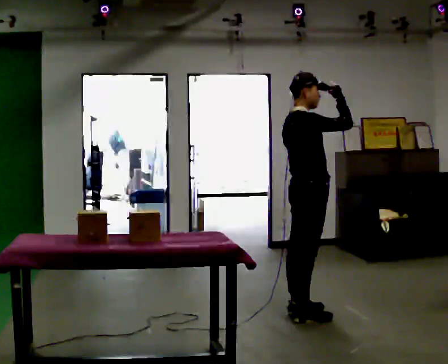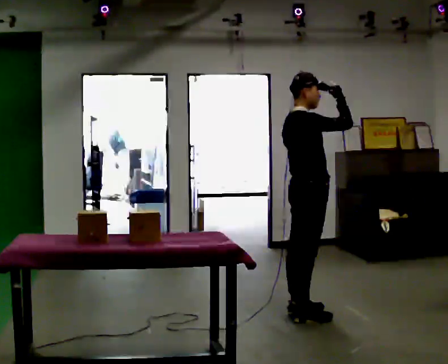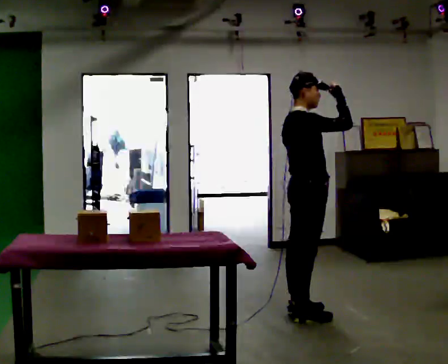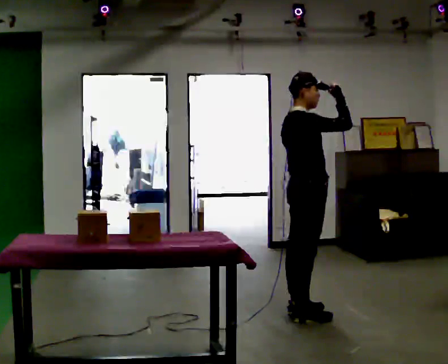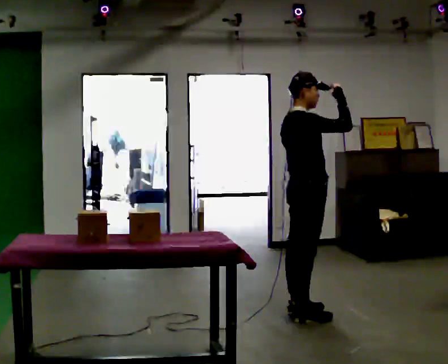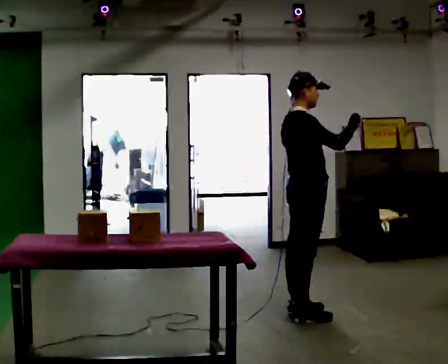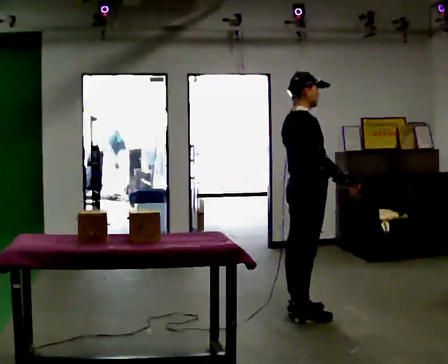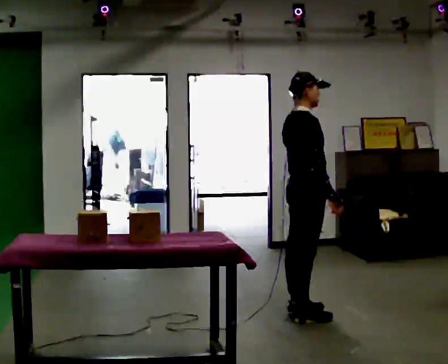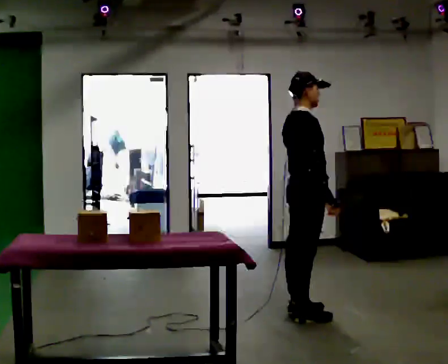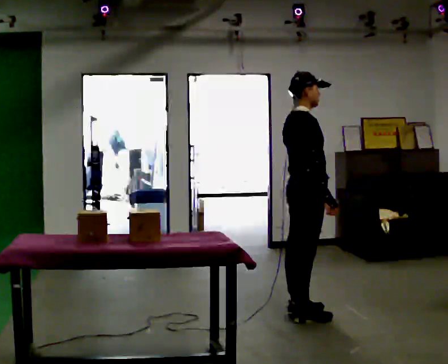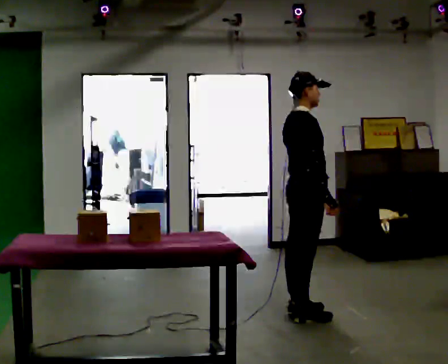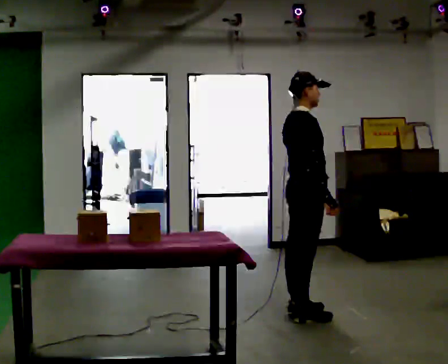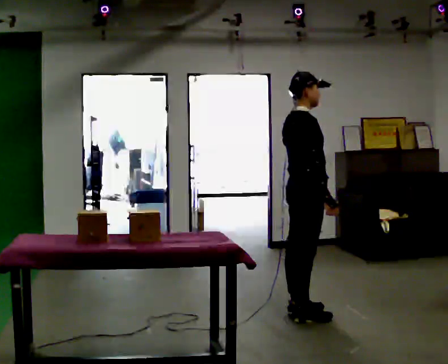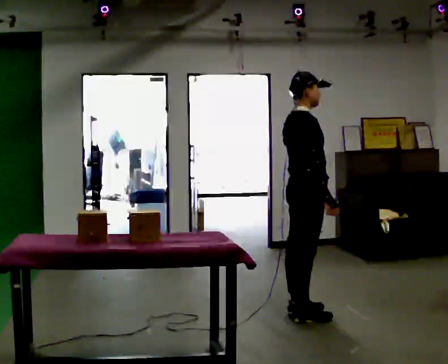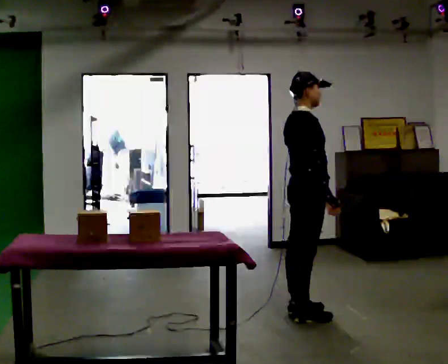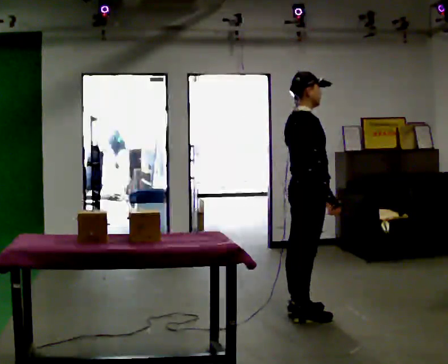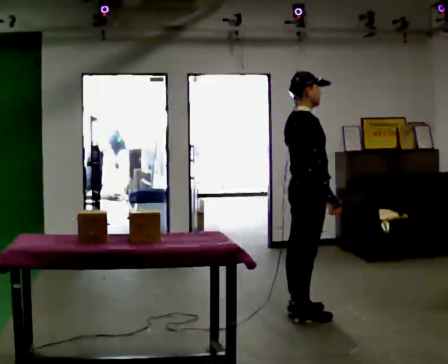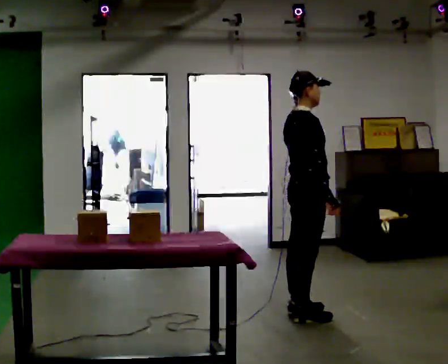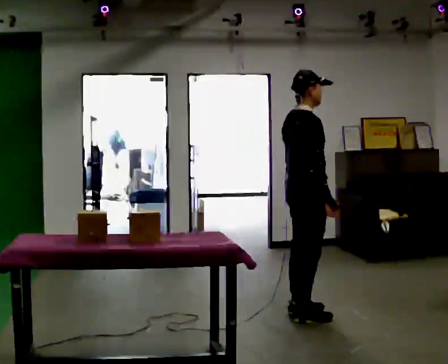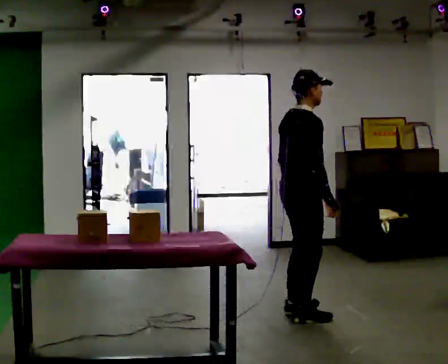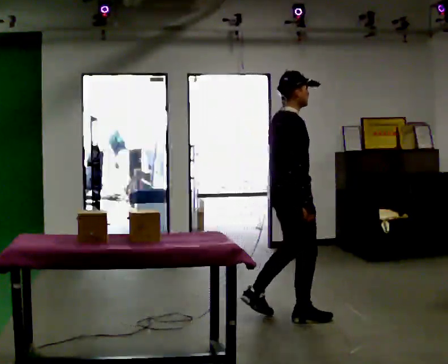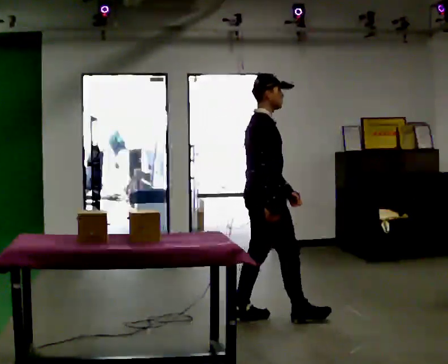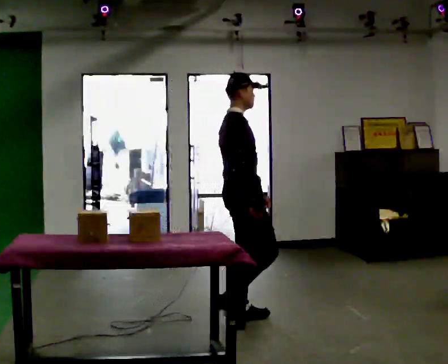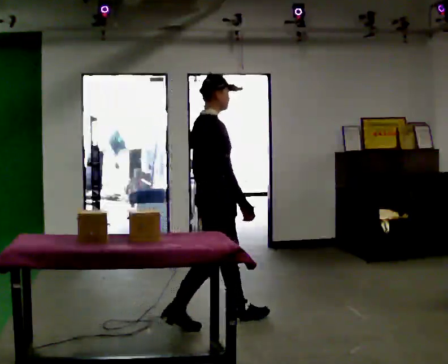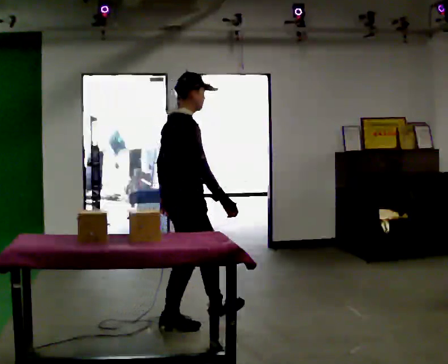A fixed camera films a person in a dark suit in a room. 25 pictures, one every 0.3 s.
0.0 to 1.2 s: The person keeps their place and pose.
1.2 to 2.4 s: In the picture their right hand goes downward, the arm swinging clockwise.
2.4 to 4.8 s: The person keeps their place and pose.
4.8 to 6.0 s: The person moves a little, or ends about where they began.
6.0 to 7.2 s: In the picture they go to the left and toward the camera, about 0.5 m in 2 steps, which for them is backward.
The film runs backward here.
